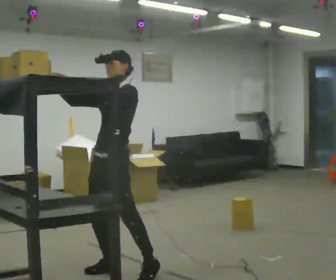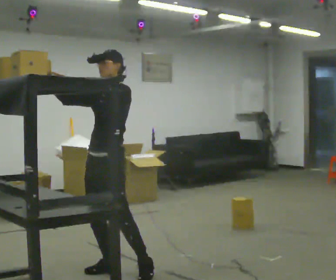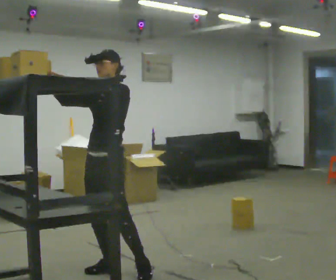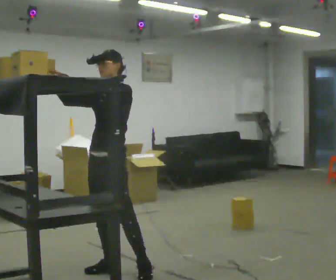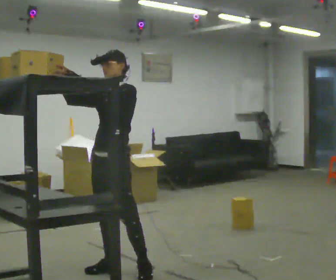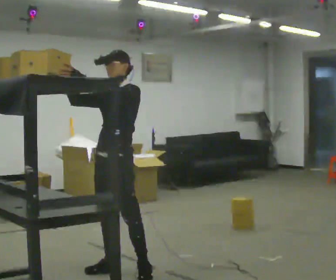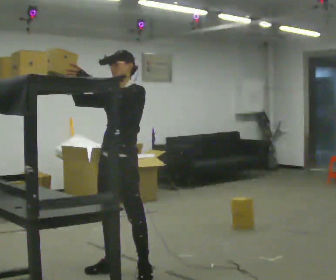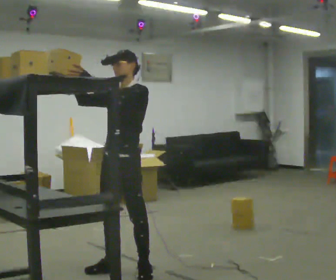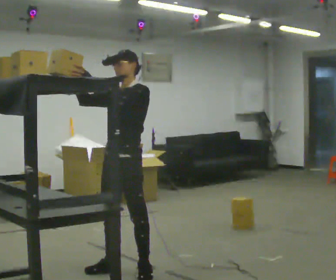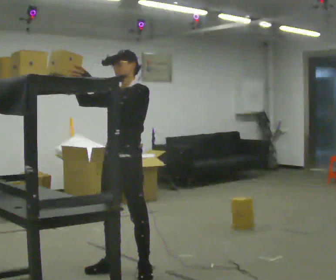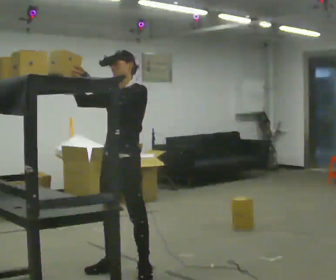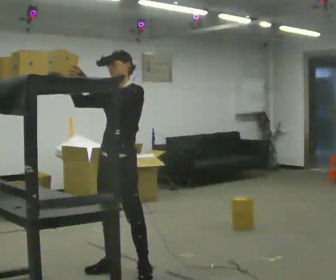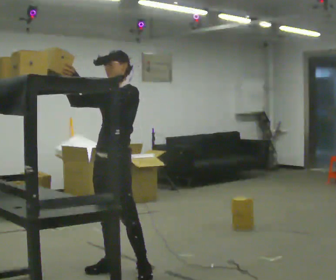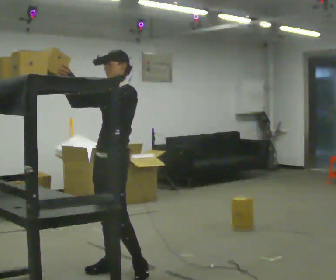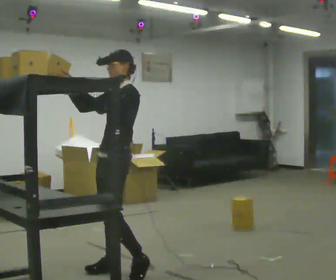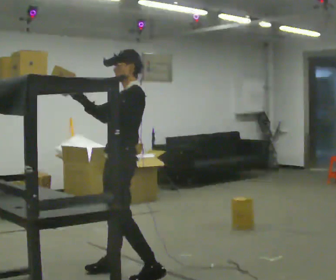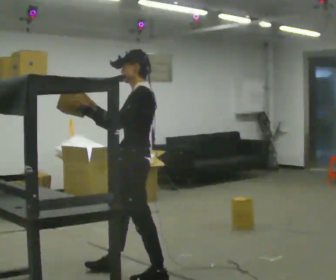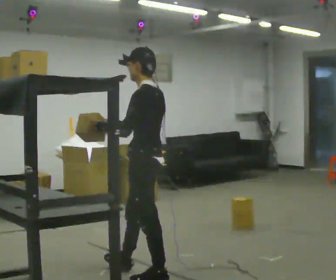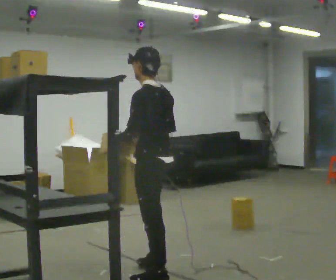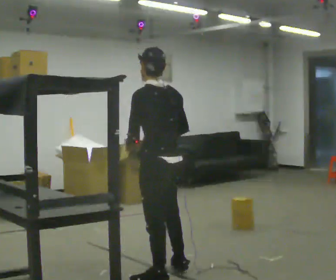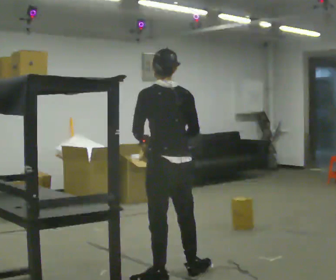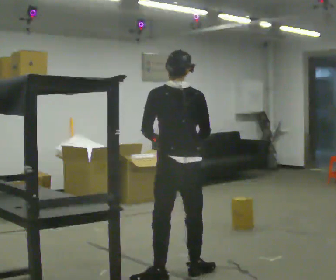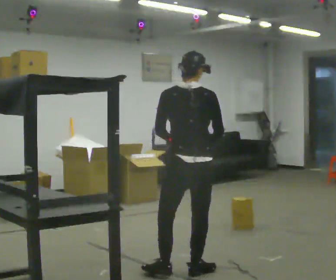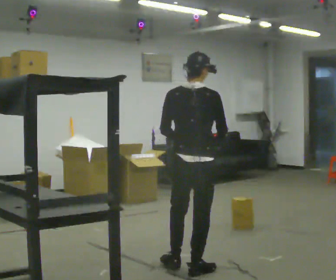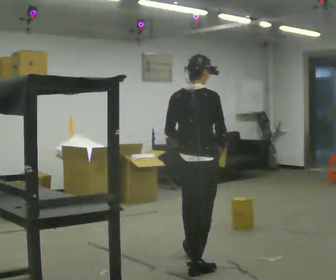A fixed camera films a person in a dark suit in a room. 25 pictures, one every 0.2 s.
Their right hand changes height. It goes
downward.
Their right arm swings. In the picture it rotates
counterclockwise.
0.0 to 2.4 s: The person moves a little, or ends about where they began.
2.4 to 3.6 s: The part of the body nearest the lens slides to the left as the person turns to their right by about 75 degrees. In the picture they go to the right and toward the camera, about 0.25 m in 1 step. In the picture their right hand goes downward, the arm swinging counterclockwise.
3.6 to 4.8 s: The person turns about 90 degrees to their right, clockwise seen from above, so the part of the body nearest the lens slides to the left. In the picture they go to the right and away from the camera, about 0.5 m in 1 step.
The film runs forward here.
